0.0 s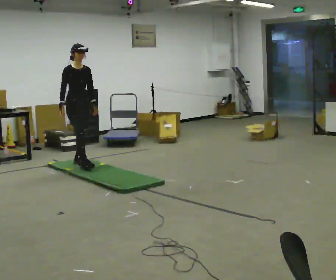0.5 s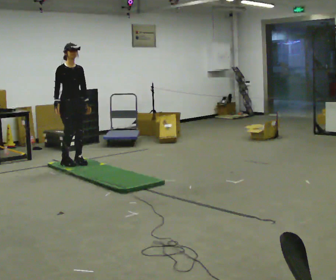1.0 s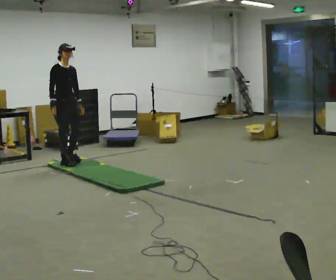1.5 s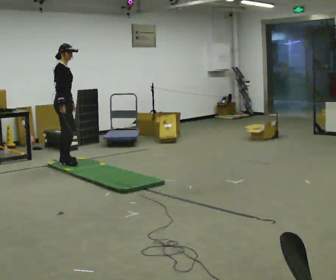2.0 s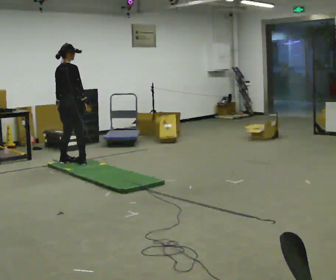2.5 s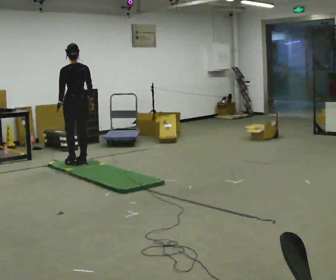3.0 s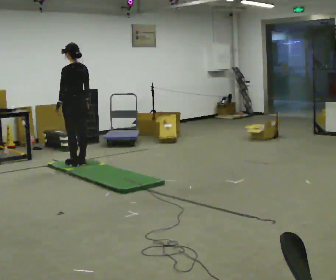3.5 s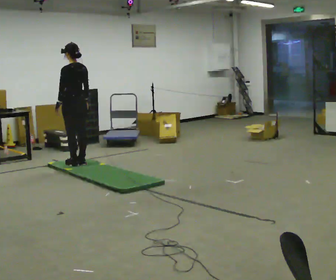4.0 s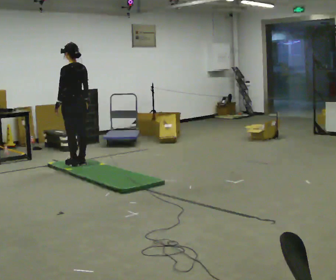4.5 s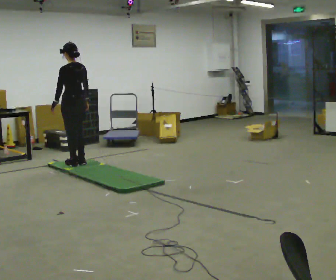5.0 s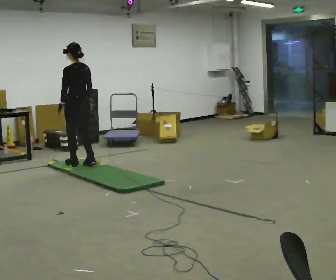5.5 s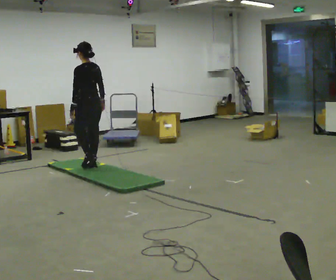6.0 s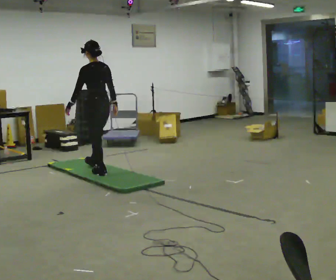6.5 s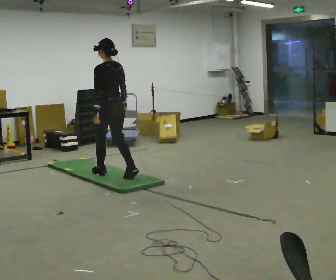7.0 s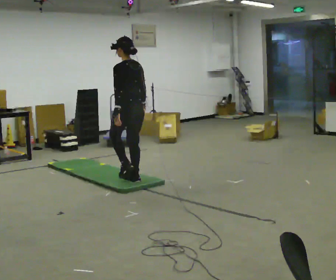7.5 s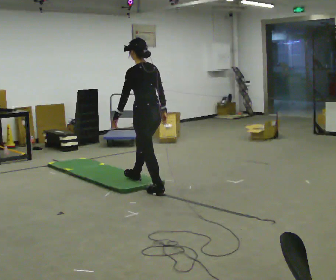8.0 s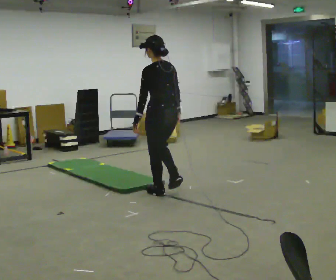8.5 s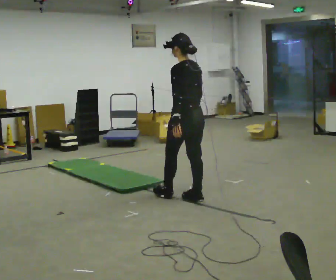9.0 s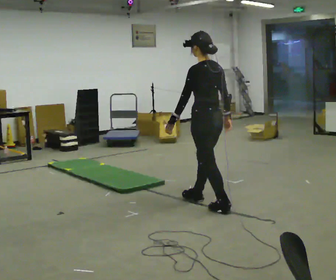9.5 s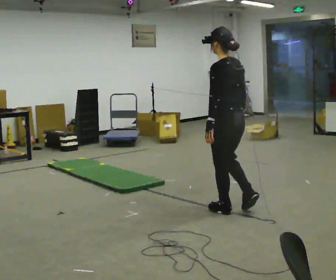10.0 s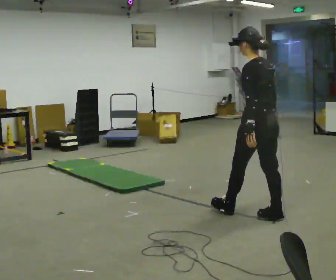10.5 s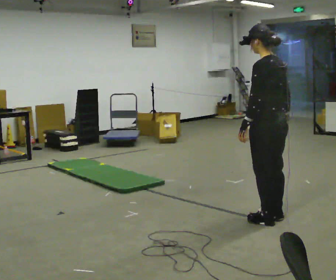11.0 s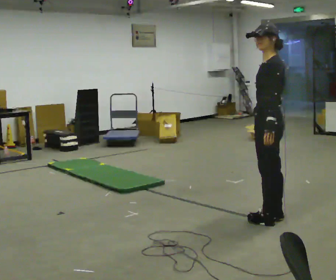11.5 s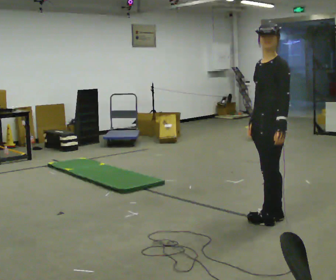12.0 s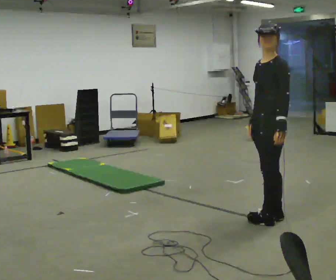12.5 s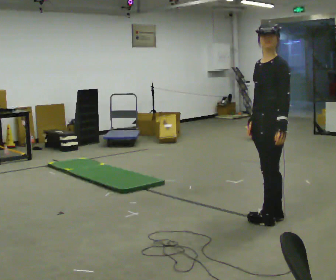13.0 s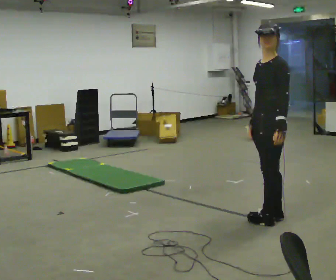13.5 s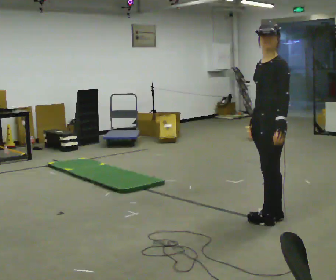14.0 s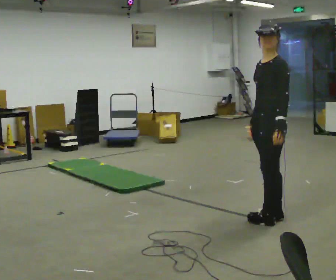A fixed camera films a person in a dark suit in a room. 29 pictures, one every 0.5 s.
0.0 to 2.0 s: The part of the body nearest the lens slides to the right as the person turns to their left by about 105 degrees. In the picture their right hand goes to the right, the arm swinging counterclockwise.
2.0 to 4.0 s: The part of the body nearest the lens slides to the right as the person turns to their left by about 75 degrees.
4.0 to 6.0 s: In the picture they go toward the camera and to the right, about 0.5 m in 3 steps, which for them is backward.
6.0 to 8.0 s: In the picture they go toward the camera and to the right, about 1 m in 2 steps, which for them is backward.
8.0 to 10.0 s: In the picture they go toward the camera and to the right, about 1 m in 3 steps, which for them is backward.
10.0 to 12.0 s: The part of the body nearest the lens slides to the right as the person turns to their left by about 60 degrees.
12.0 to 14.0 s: The person keeps their place and pose.
The film runs backward here.
